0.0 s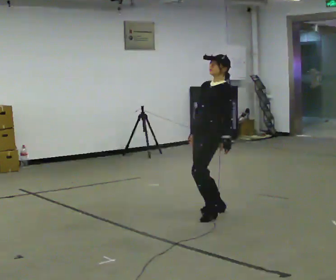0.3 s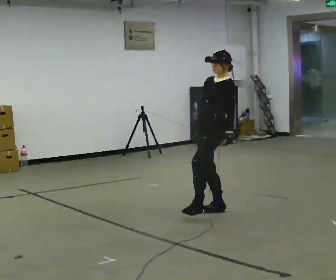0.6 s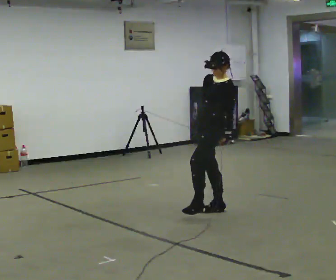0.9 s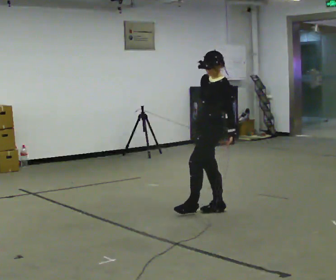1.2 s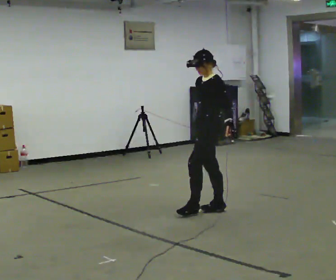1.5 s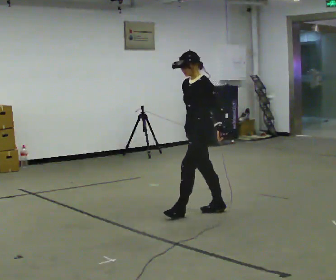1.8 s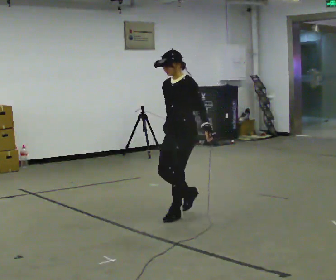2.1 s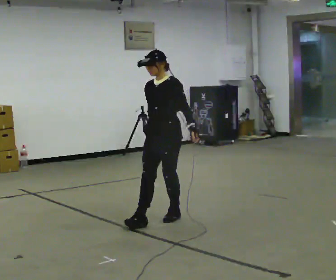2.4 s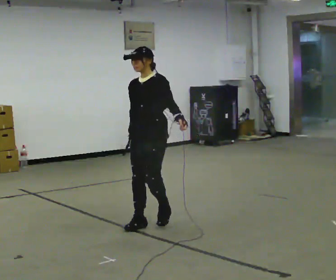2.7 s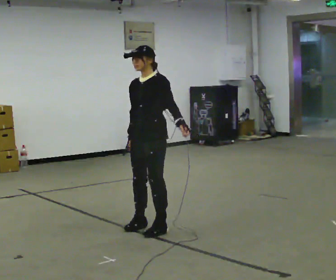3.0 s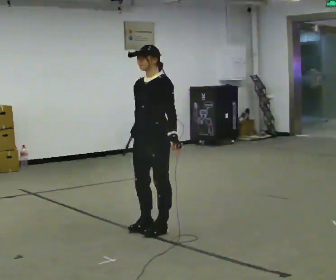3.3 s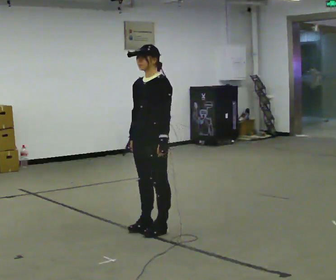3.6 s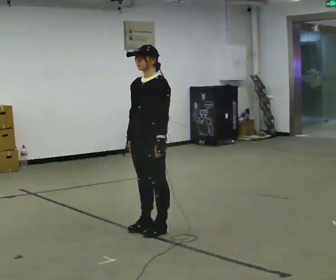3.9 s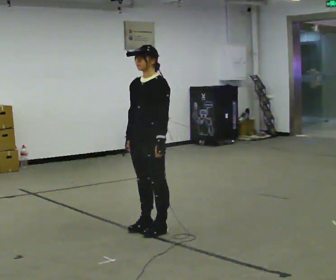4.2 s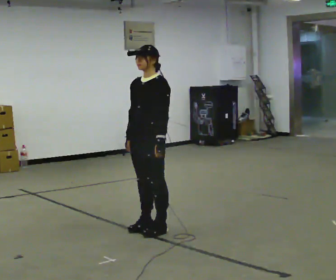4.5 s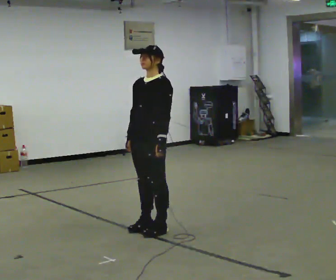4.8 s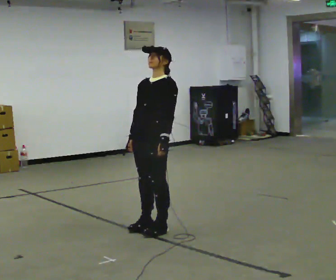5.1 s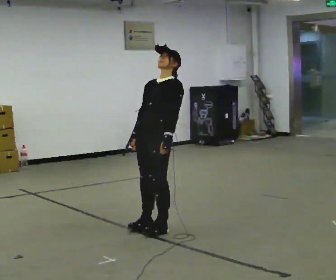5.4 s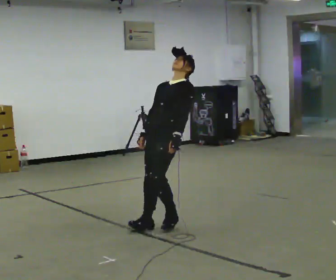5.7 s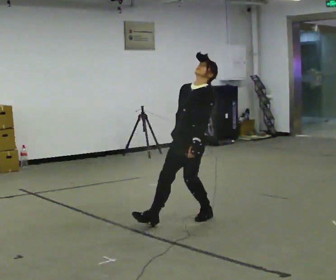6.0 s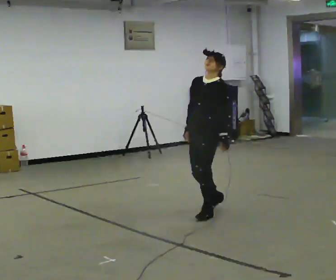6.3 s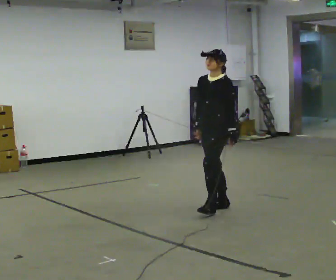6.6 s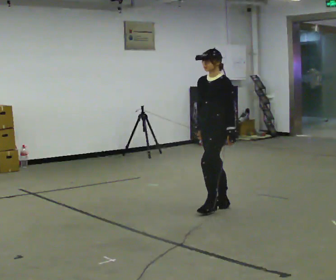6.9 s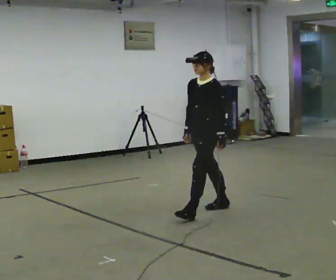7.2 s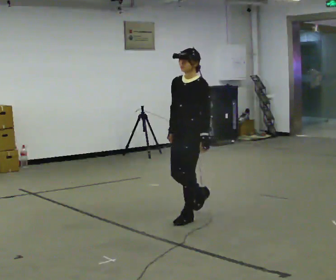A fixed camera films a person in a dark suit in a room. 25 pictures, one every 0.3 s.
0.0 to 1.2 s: In the picture the upper body tilts counterclockwise, shoulders to the left, as they bend forward.
1.2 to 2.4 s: The person turns about 30 degrees to their left, counterclockwise seen from above, so the part of the body nearest the lens slides to the right. In the picture they go to the left and toward the camera, about 0.5 m in 2 steps, which for them is forward.
2.4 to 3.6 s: In the picture they go toward the camera, about 0.25 m in 1 step.
3.6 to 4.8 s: The person moves a little, or ends about where they began.
4.8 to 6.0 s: In the picture they go away from the camera and to the right, about 0.75 m in 1 step, which for them is backward.
6.0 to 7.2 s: In the picture they go toward the camera and to the left, about 0.25 m in 2 steps, which for them is forward.
The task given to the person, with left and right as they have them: Stand on the marked spots. Lean backward, keeping your body straight, until you cannot hold it, then step back to catch yourself. Return to the spots. Repeat at your own pace until the operator says stop. Go slowly and only as far as you are comfortable. Step whenever you need to; do not try to hold on longer than feels safe.
The film runs forward here.
